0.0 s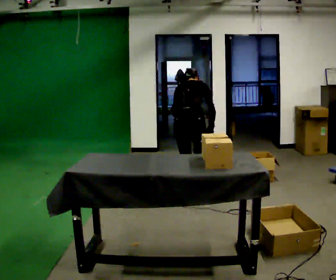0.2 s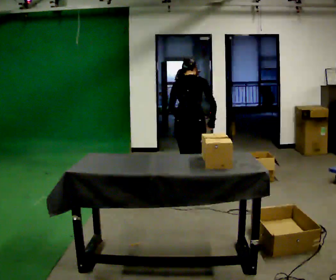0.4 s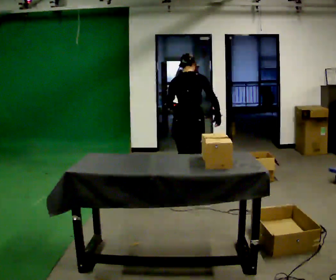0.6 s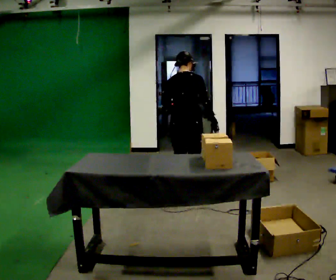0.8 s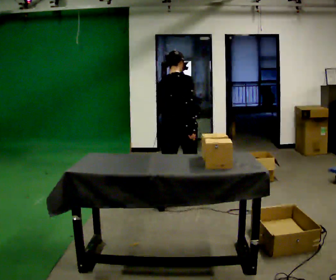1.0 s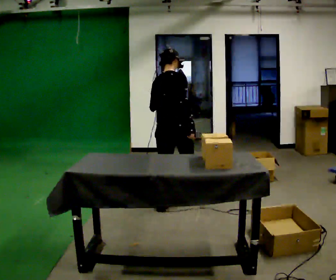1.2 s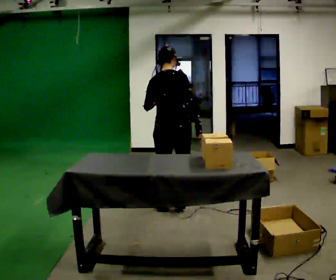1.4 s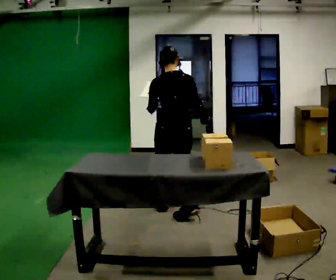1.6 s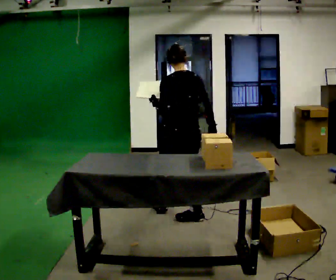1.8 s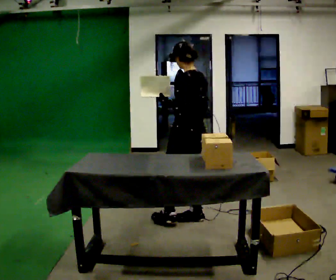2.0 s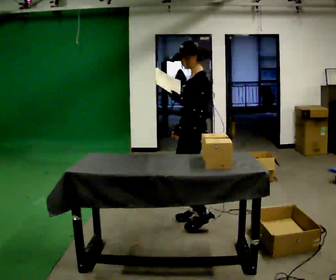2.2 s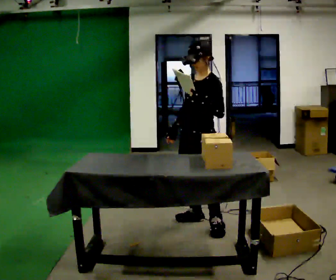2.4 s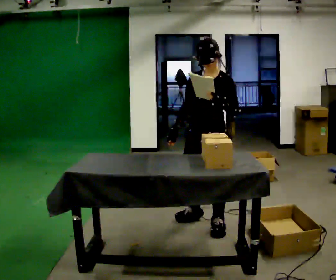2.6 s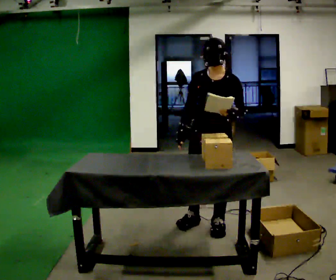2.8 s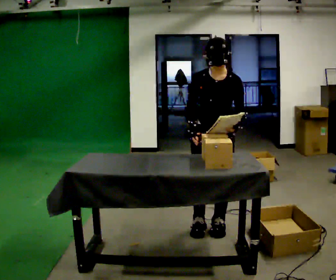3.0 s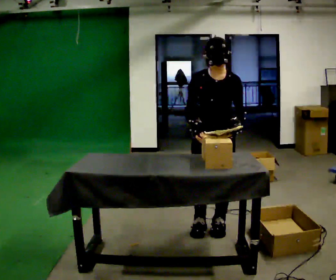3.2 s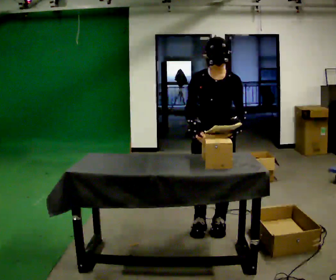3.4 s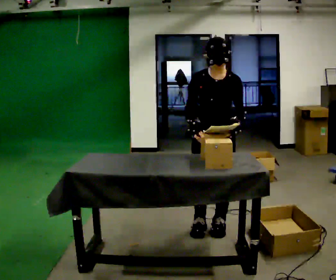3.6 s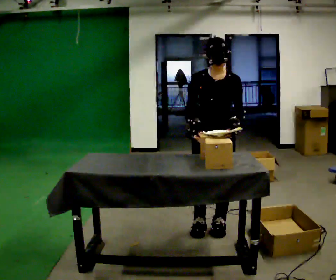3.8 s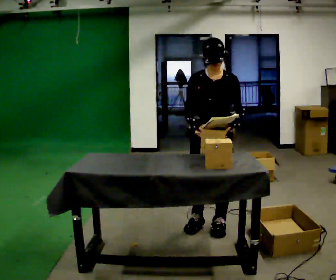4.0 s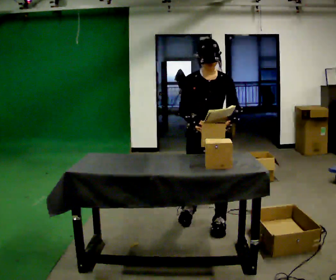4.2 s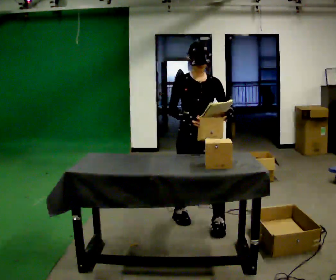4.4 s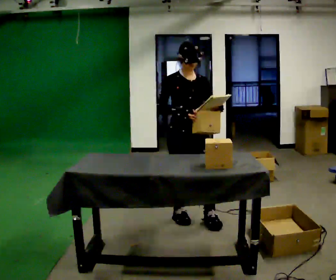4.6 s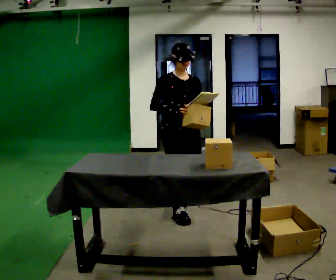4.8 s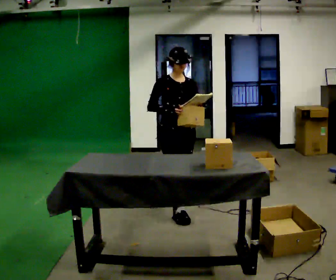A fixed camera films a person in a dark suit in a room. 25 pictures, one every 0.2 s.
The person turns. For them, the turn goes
to their left.
The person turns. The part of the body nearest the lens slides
to the right.
0.0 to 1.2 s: In the picture they go toward the camera, about 0.5 m in 2 steps, which for them is backward. The upper body tips toward the camera, its near side rolling downward, as they lean back or straighten.
1.2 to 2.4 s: The person turns about 165 degrees to their left, counterclockwise seen from above, so the part of the body nearest the lens slides to the right. In the picture they go to the right and toward the camera, about 0.5 m in 1 step.
2.4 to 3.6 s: The person turns about 30 degrees to their left, counterclockwise seen from above, so the part of the body nearest the lens slides to the right.
3.6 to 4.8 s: Seen from above the body turns counterclockwise, about 30 degrees: to their left, with its near side sliding to the right. In the picture they go away from the camera and to the left, about 0.5 m in 2 steps, which for them is backward and to their right.
The film runs backward here.
